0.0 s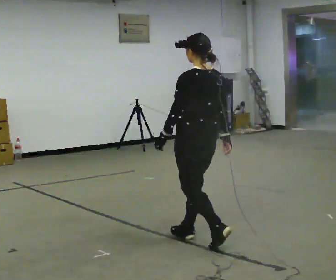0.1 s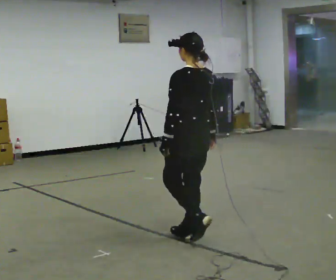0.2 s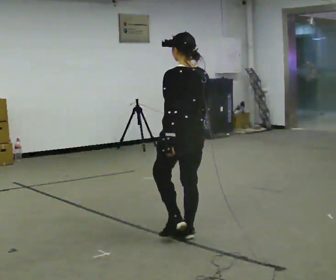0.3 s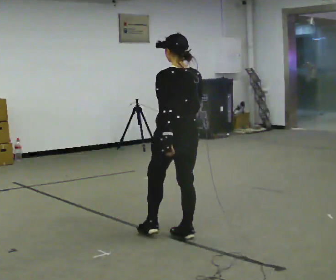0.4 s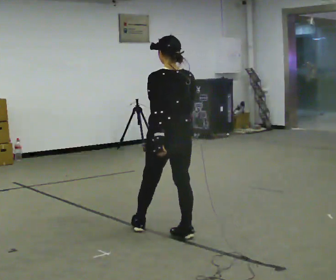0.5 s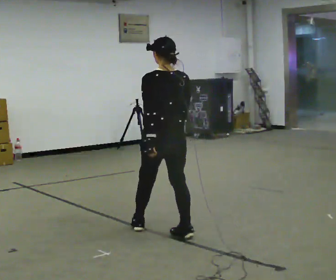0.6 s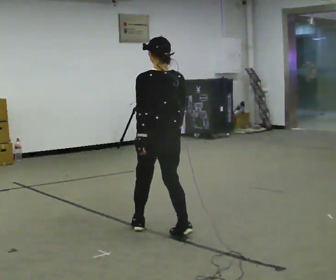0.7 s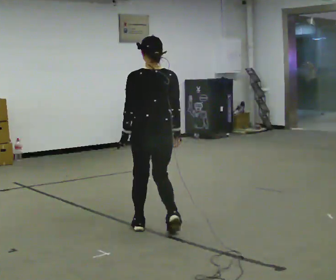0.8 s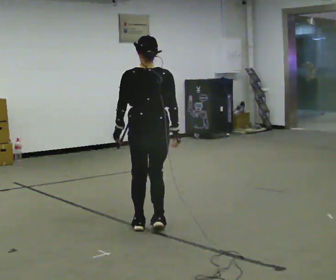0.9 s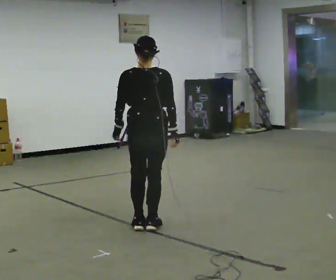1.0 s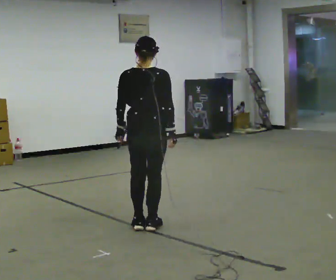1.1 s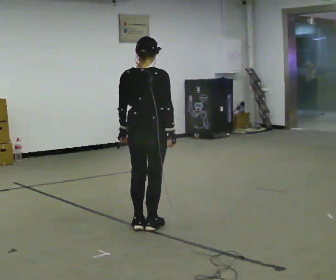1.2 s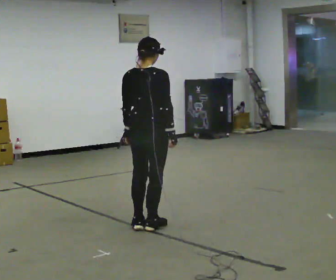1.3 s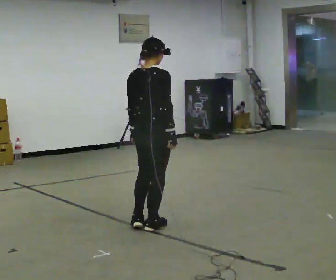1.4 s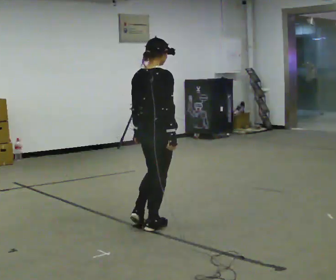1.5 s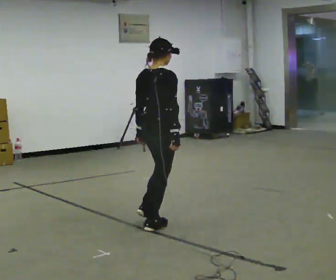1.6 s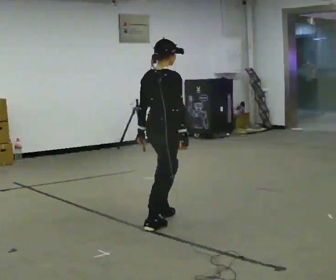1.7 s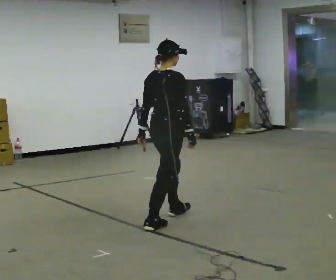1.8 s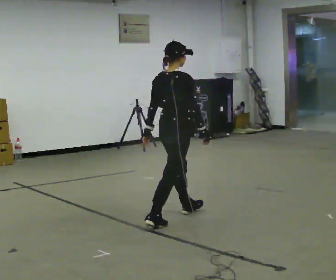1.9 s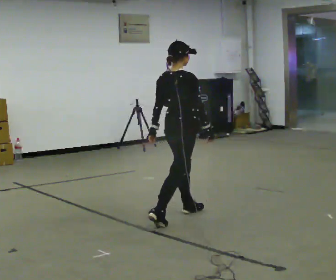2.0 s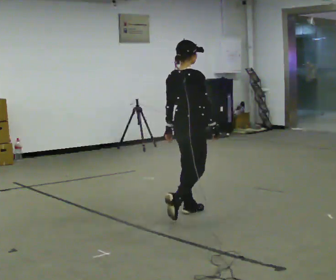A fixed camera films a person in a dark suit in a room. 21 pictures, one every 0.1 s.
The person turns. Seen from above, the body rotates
clockwise.
The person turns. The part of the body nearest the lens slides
to the left.
0.0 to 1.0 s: The person turns about 60 degrees to their right, clockwise seen from above, so the part of the body nearest the lens slides to the left. In the picture they go away from the camera and to the left, about 0.5 m in 2 steps, which for them is forward.
1.0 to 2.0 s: The person turns about 45 degrees to their right, clockwise seen from above, so the part of the body nearest the lens slides to the left. In the picture they go away from the camera and to the right, about 0.5 m in 1 step, which for them is forward.
The film runs forward here.
